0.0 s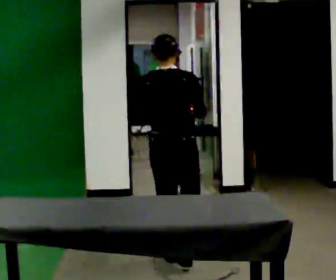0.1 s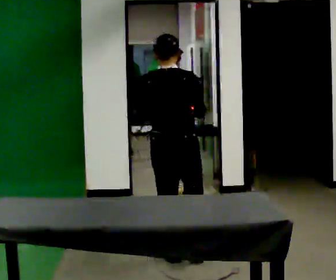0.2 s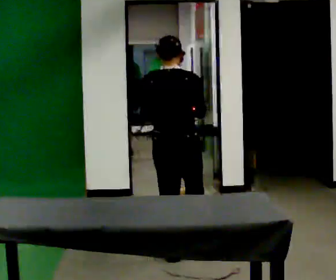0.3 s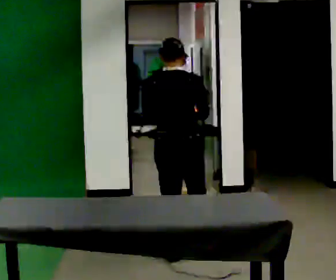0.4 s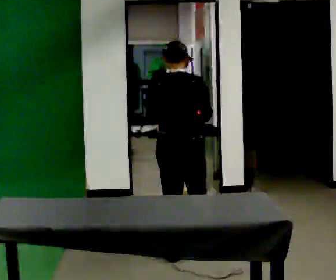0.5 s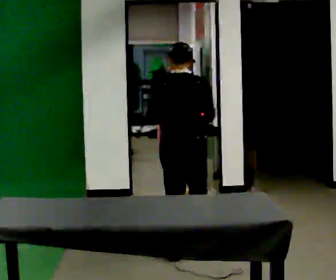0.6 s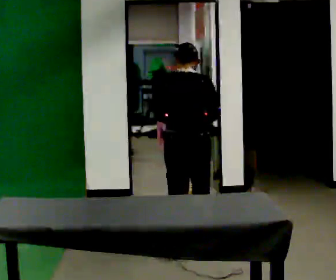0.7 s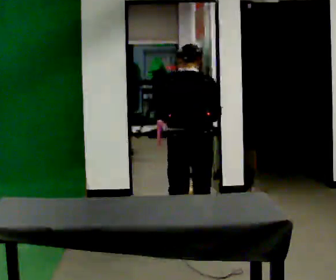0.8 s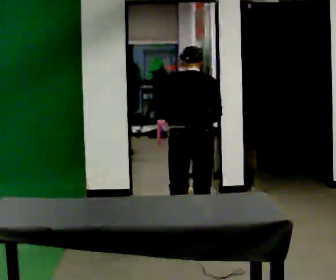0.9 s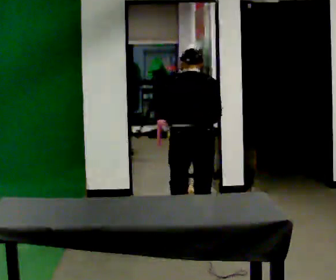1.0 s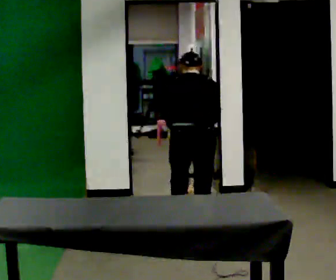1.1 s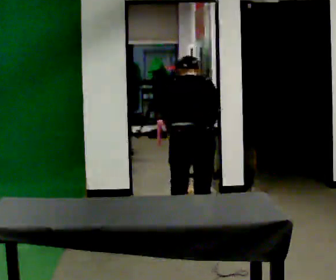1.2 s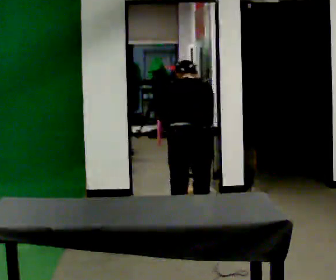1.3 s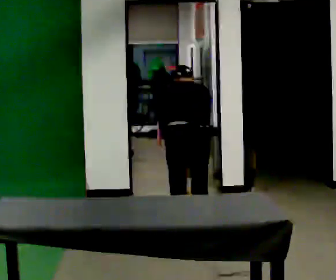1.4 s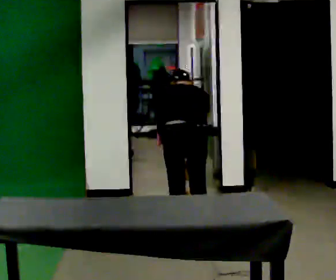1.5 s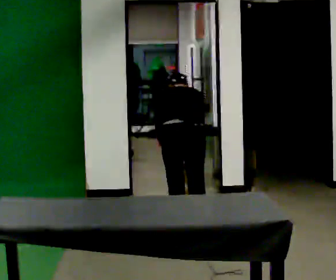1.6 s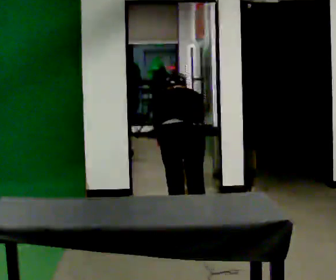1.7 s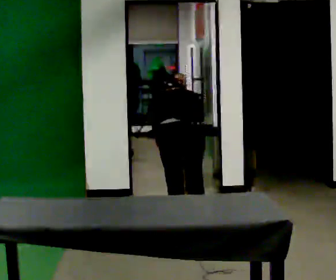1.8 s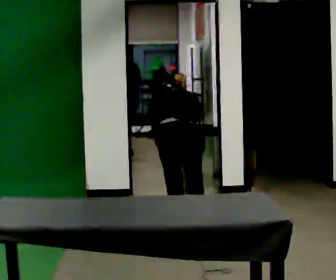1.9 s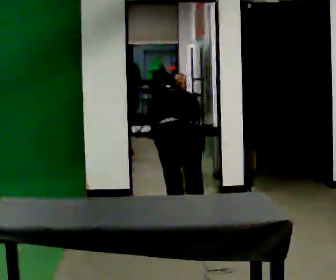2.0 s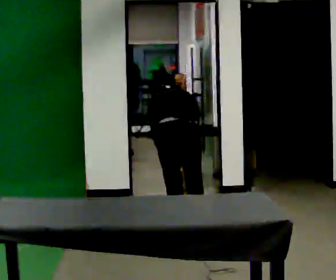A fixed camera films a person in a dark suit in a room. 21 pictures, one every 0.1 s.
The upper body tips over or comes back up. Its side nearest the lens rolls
upward.
Their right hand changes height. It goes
downward.
0.0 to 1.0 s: In the picture they go away from the camera, about 0.5 m in 1 step, which for them is forward. The upper body tips away from the camera, its near side rolling upward, as they bend forward.
1.0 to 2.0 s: The upper body tips away from the camera, its near side rolling upward, as they bend forward.
The film runs forward here.
